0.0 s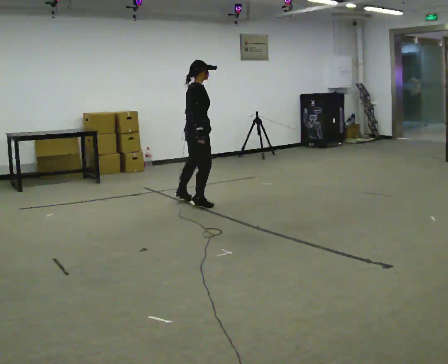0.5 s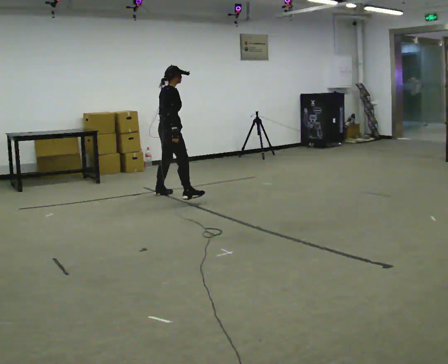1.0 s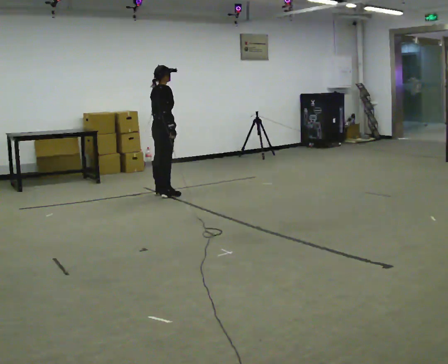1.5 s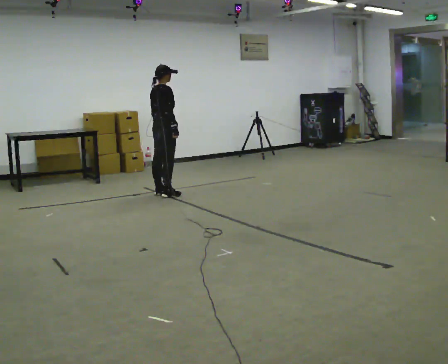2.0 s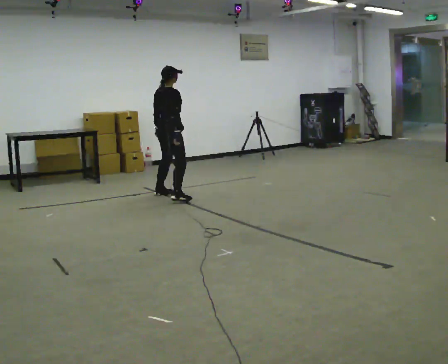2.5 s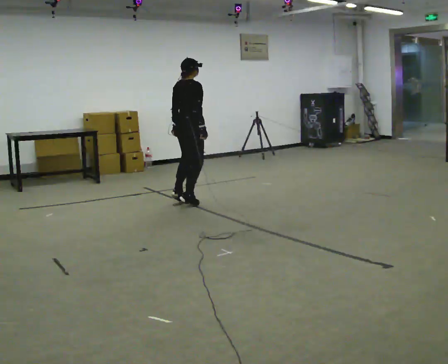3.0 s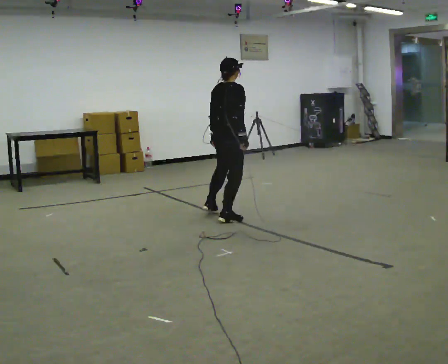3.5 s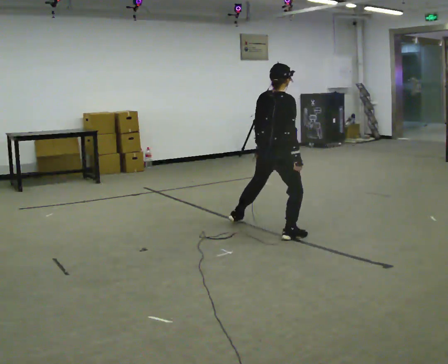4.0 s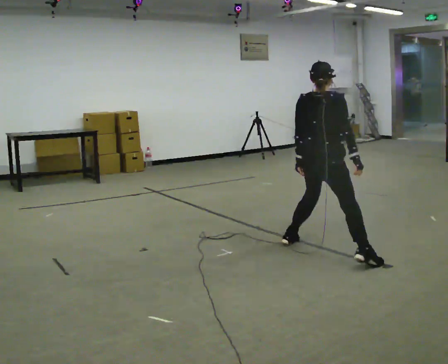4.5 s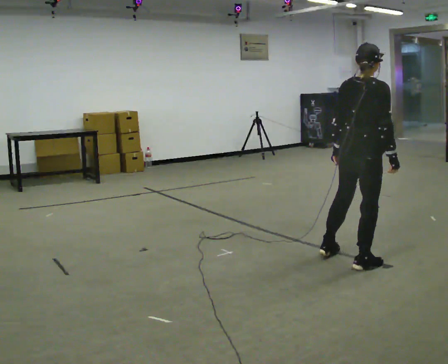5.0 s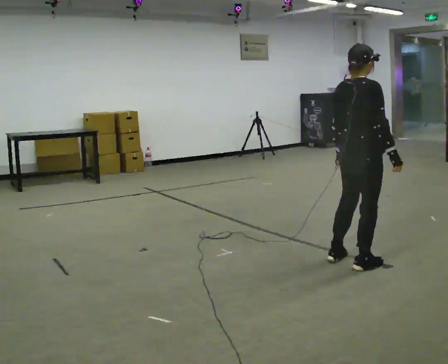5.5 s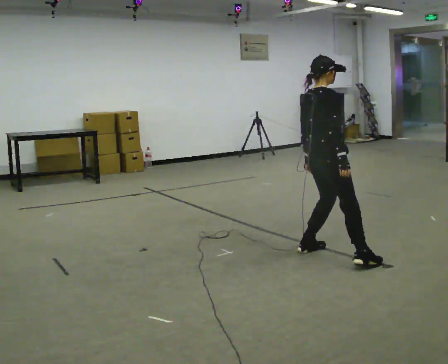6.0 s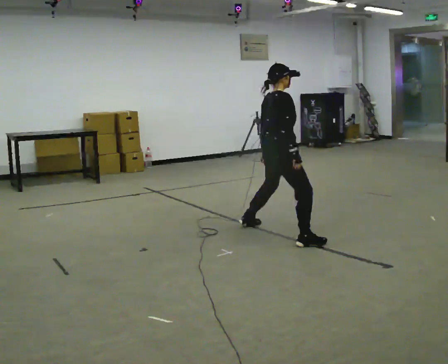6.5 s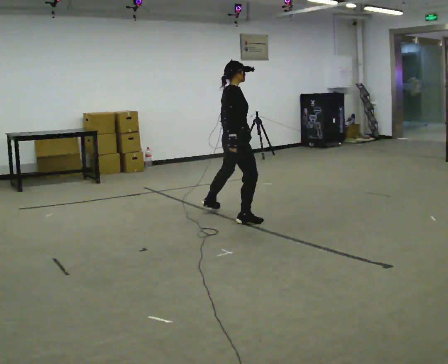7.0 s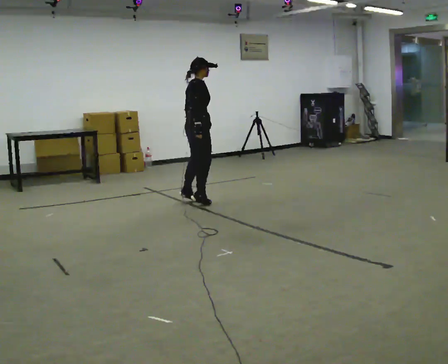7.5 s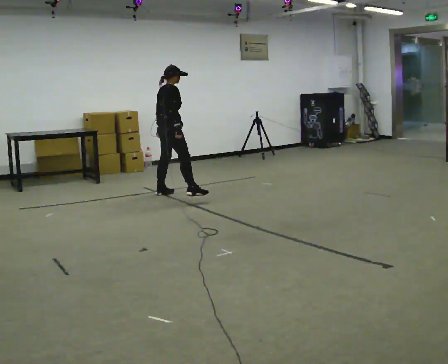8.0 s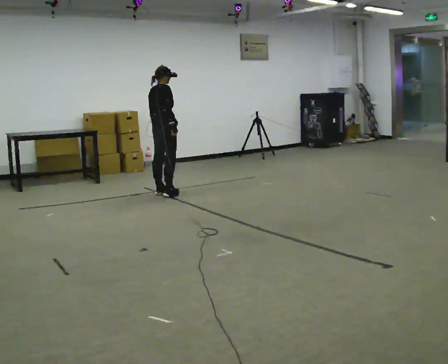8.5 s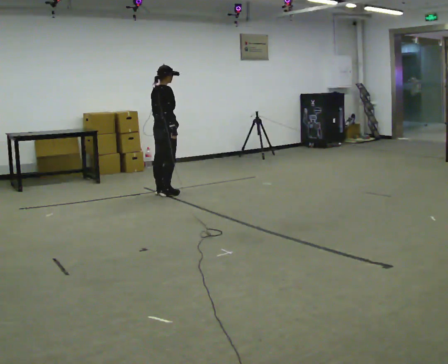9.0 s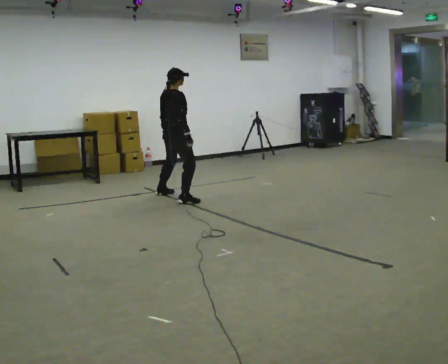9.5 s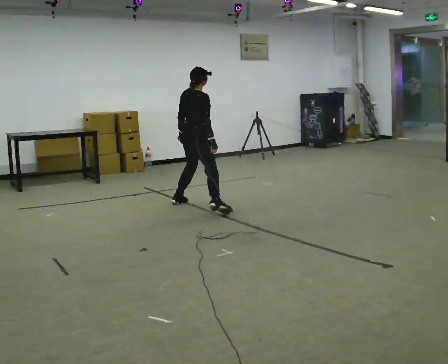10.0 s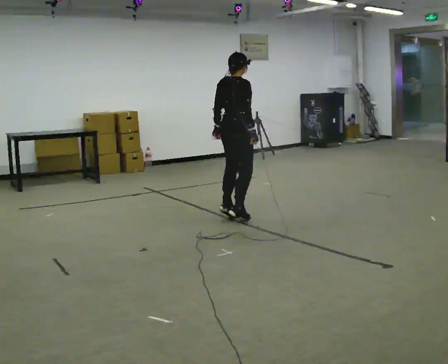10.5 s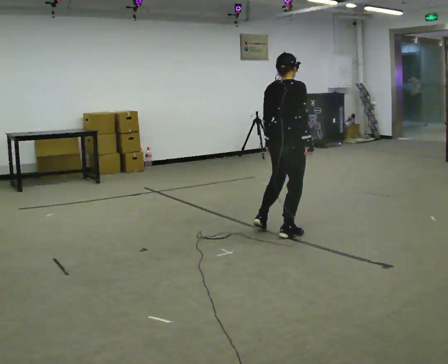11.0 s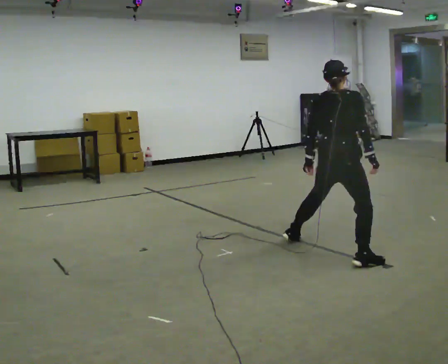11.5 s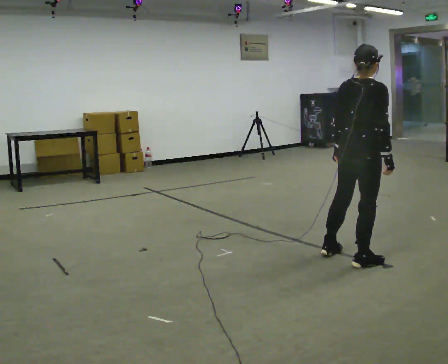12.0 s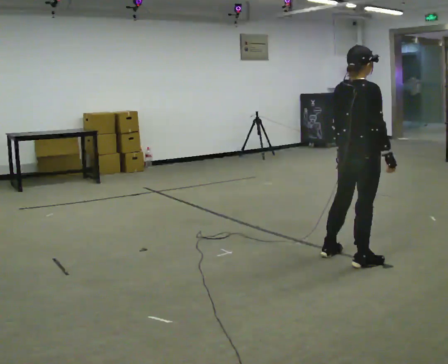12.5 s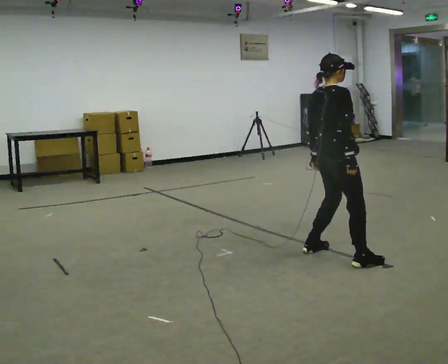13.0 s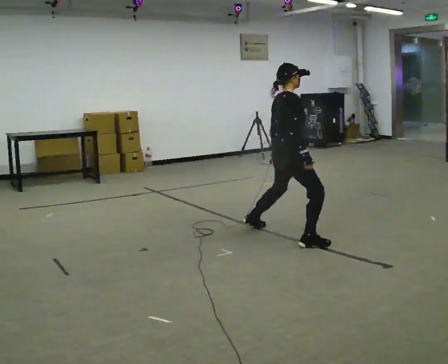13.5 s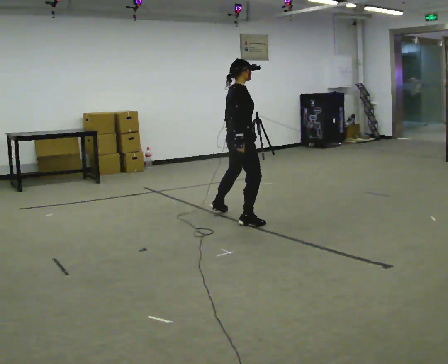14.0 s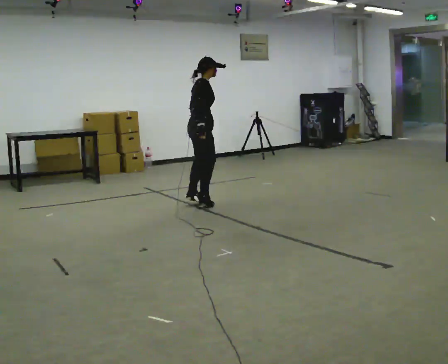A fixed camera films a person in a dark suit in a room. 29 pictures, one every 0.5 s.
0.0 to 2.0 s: In the picture they go away from the camera and to the left, about 0.5 m in 2 steps, which for them is to their left.
2.0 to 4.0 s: In the picture they go toward the camera and to the right, about 2.5 m in 6 steps, which for them is to their right.
4.0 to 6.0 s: Seen from above the body turns clockwise, about 30 degrees: to their right, with its near side sliding to the left. In the picture they go away from the camera and to the left, about 0.5 m in 4 steps, which for them is to their left.
6.0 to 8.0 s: In the picture they go away from the camera and to the left, about 2 m in 5 steps, which for them is to their left.
8.0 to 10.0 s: In the picture they go toward the camera and to the right, about 1.5 m in 5 steps, which for them is to their right.
10.0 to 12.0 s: In the picture they go toward the camera and to the right, about 1.5 m in 3 steps, which for them is to their right.
12.0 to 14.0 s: In the picture they go away from the camera and to the left, about 2 m in 7 steps, which for them is to their left.
The film runs backward here.
